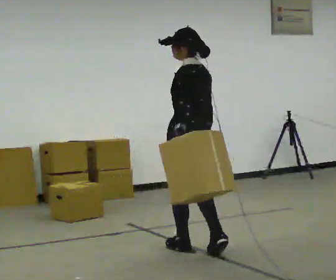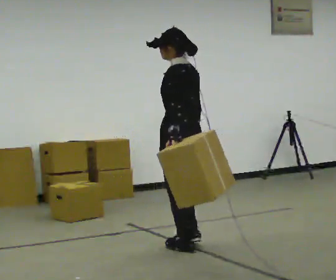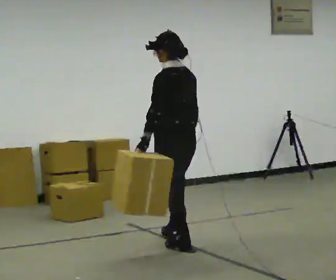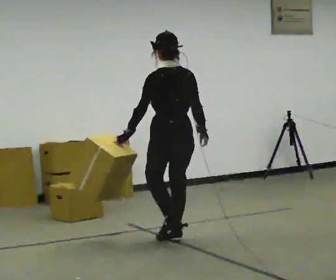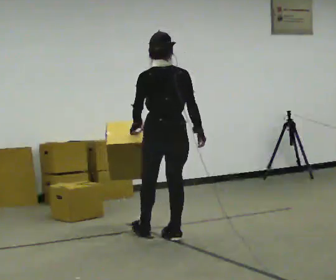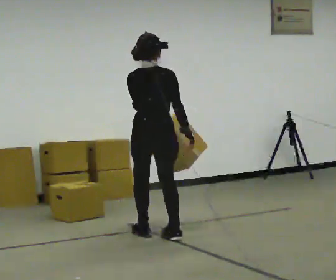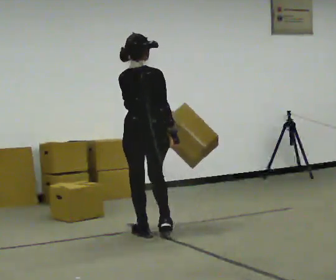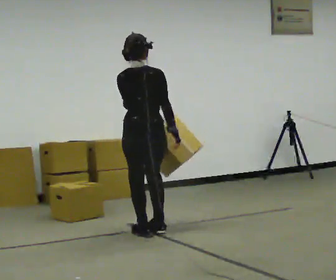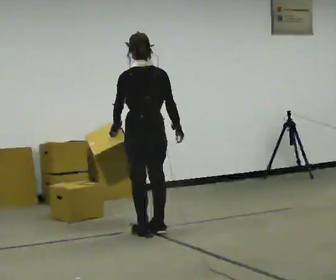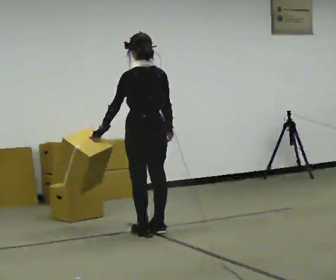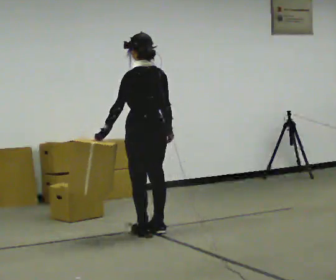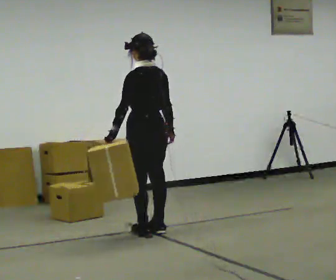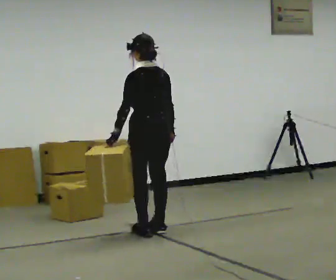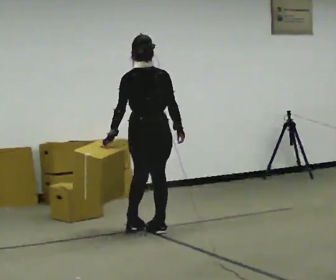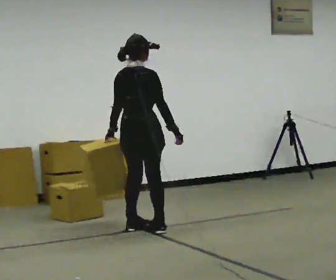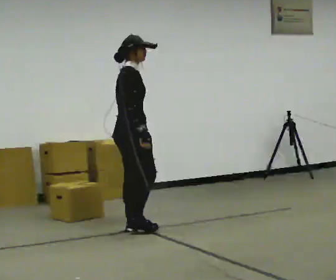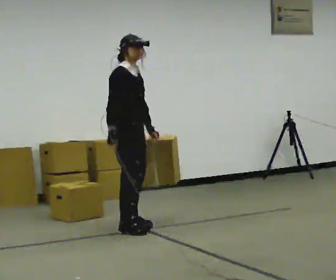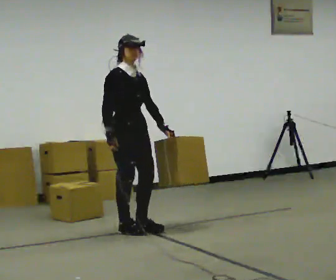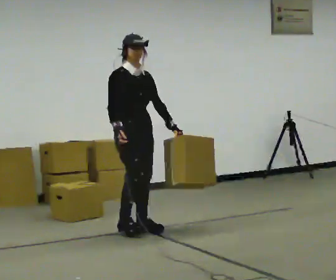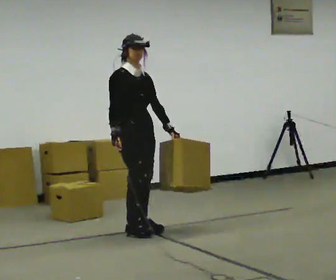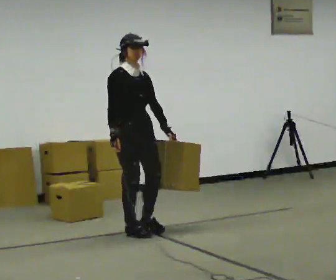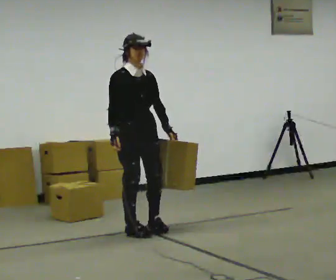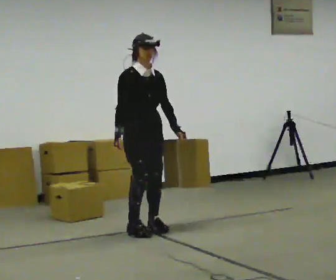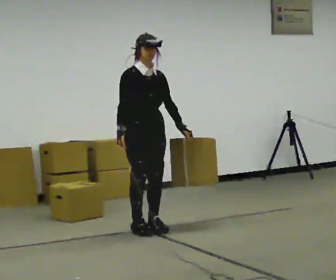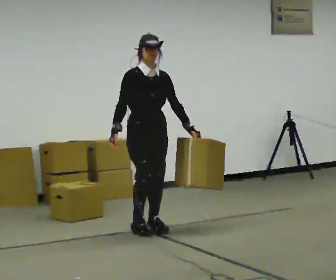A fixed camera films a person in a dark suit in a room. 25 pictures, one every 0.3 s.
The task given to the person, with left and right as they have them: Carry the object in the hand the operator calls, down at your side, walking back and forth across the room.
0.0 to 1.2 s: Seen from above the body turns clockwise, about 30 degrees: to their right, with its near side sliding to the left. In the picture they go away from the camera and to the left, about 0.5 m in 1 step, which for them is forward.
1.2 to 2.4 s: In the picture they go away from the camera, about 0.25 m in 2 steps, which for them is to their left and forward.
2.4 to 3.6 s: The person moves a little, or ends about where they began.
3.6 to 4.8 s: Seen from above the body turns clockwise, about 135 degrees: to their right, with its near side sliding to the left. In the picture they go to the left, about 0.25 m in 2 steps. In the picture their left hand goes to the right, the arm swinging counterclockwise.
4.8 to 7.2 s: The part of the body nearest the lens slides to the left as the person turns to their right by about 45 degrees. In the picture they go to the right, about 0.25 m, which for them is to their left. In the picture their left hand goes to the right.
The film runs forward here.
